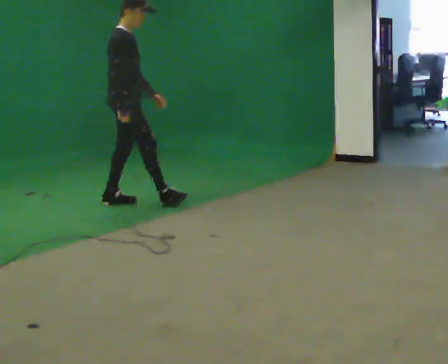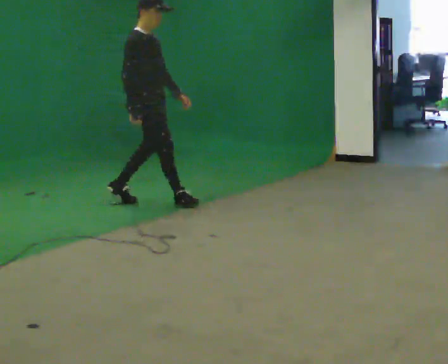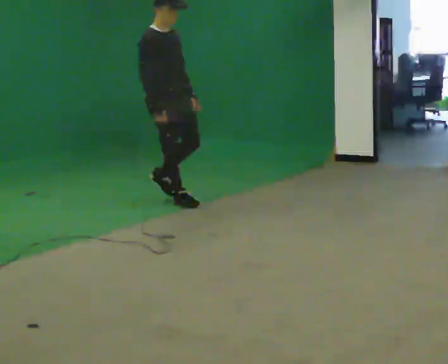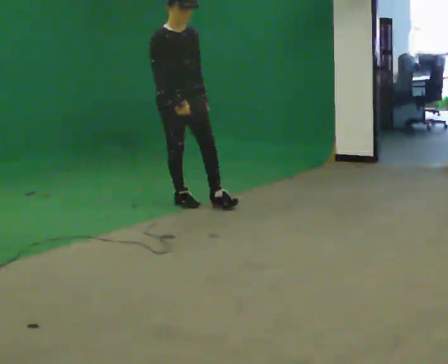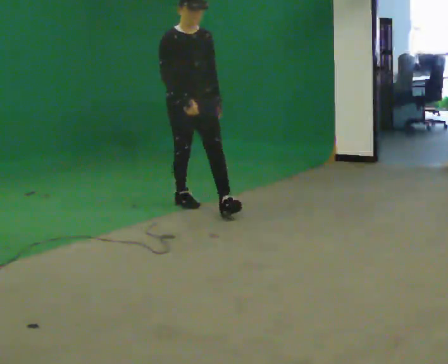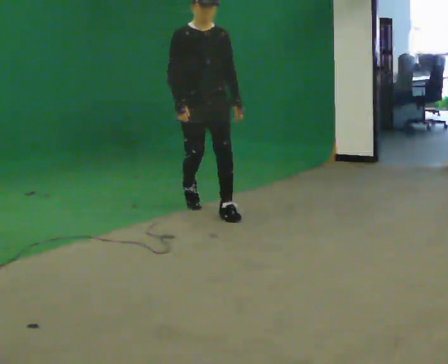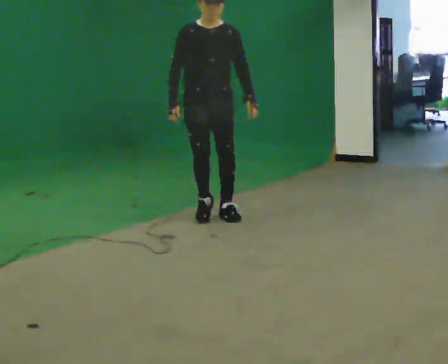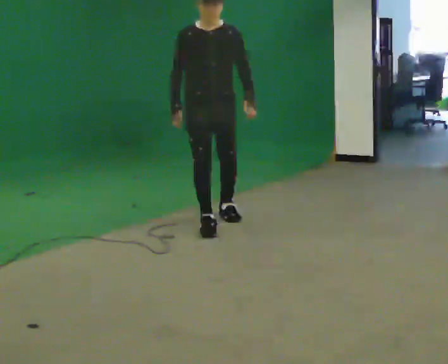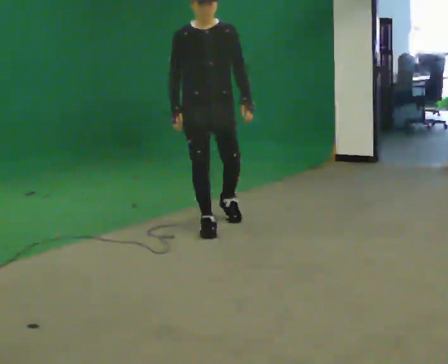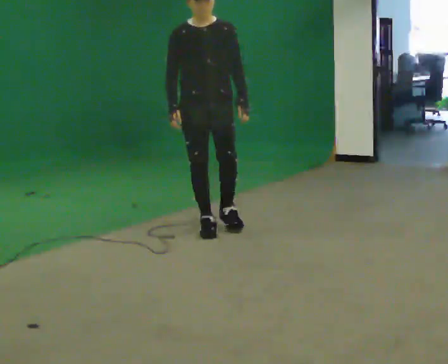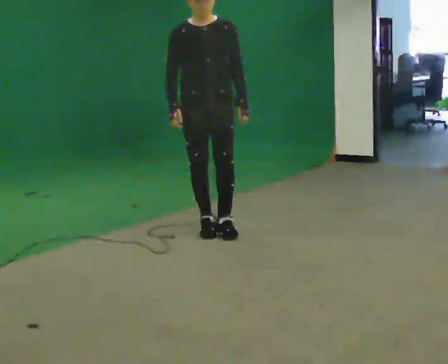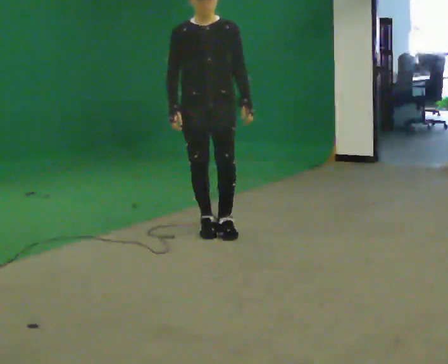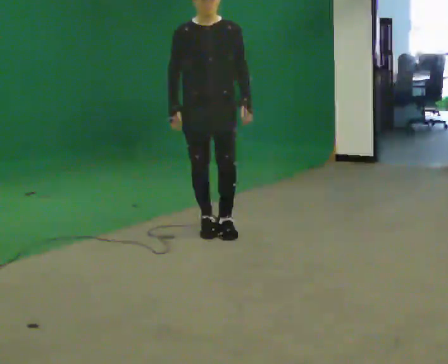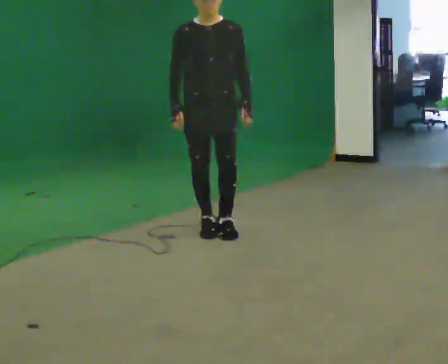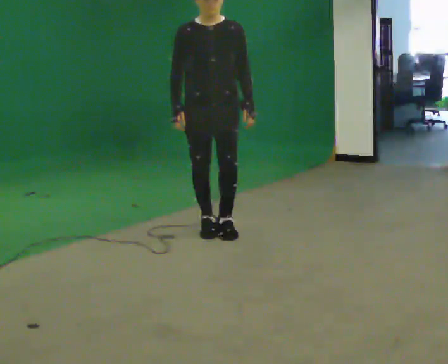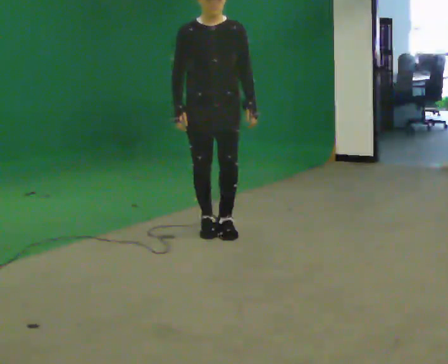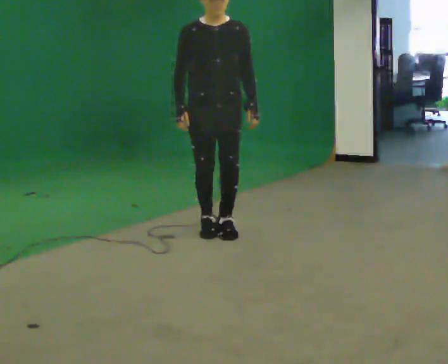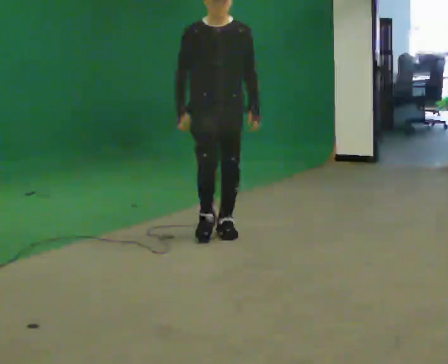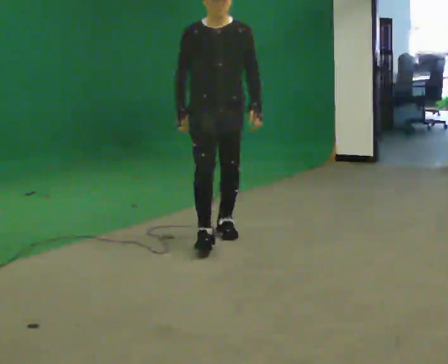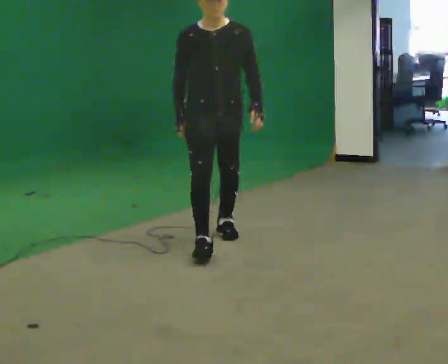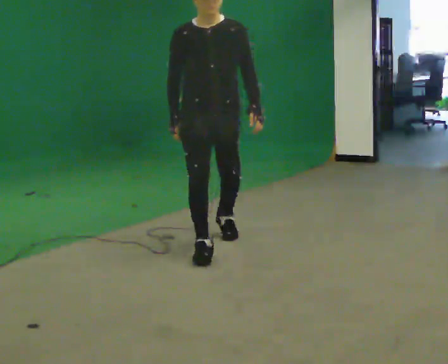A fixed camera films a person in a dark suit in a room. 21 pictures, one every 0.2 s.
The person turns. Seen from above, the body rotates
clockwise.
The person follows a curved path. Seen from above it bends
clockwise.
0.0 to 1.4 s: The person turns about 90 degrees to their right, clockwise seen from above, so the part of the body nearest the lens slides to the left. In the picture they go to the right and toward the camera, about 1 m in 2 steps.
1.4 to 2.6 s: In the picture they go toward the camera, about 0.25 m in 2 steps, which for them is forward.
2.6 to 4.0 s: In the picture they go toward the camera, about 0.5 m in 1 step, which for them is forward.
The film runs forward here.
